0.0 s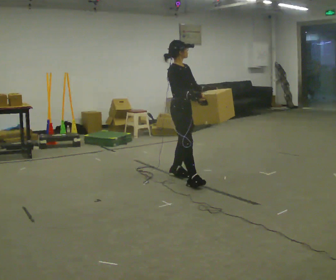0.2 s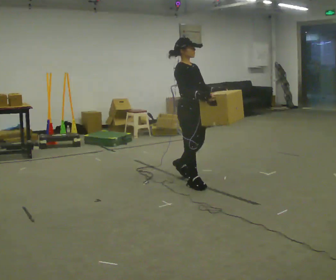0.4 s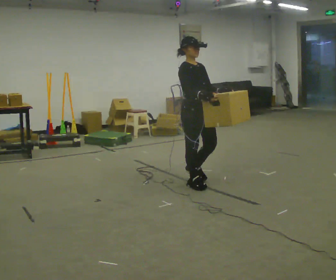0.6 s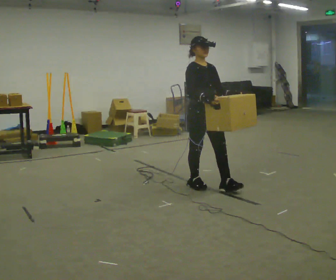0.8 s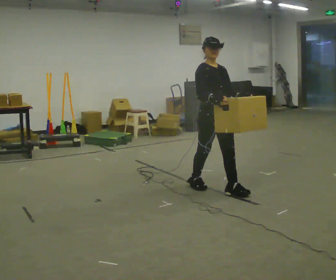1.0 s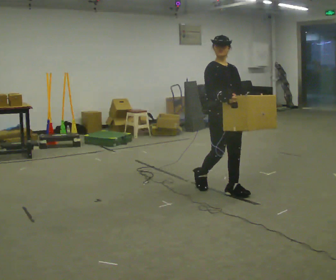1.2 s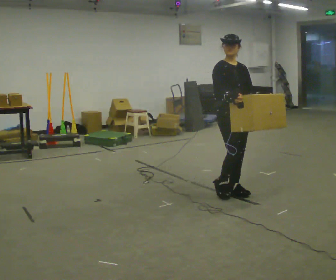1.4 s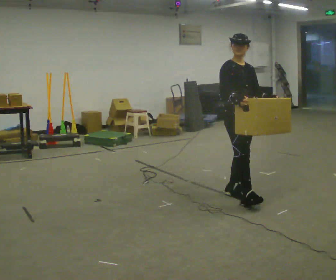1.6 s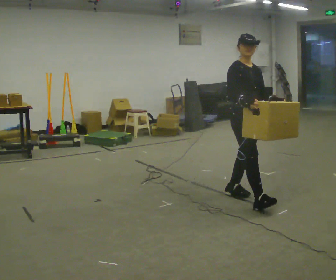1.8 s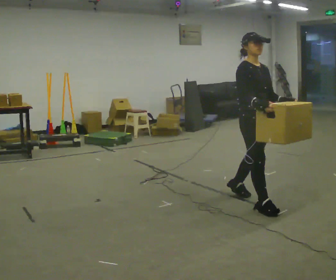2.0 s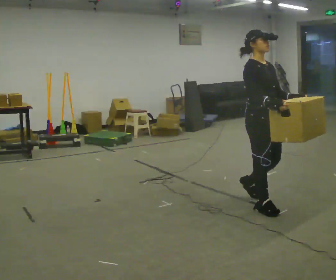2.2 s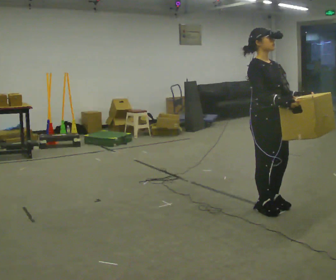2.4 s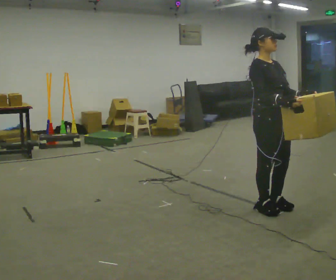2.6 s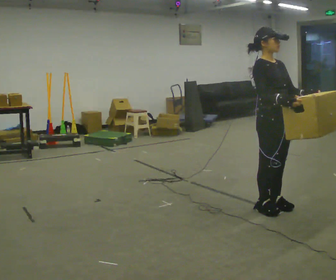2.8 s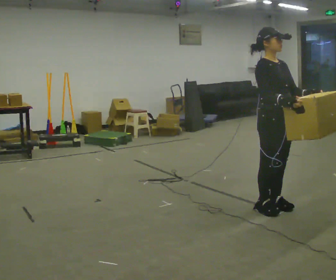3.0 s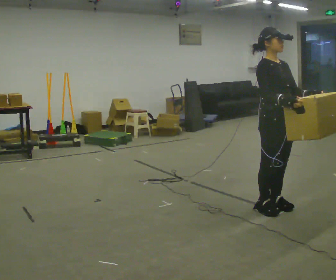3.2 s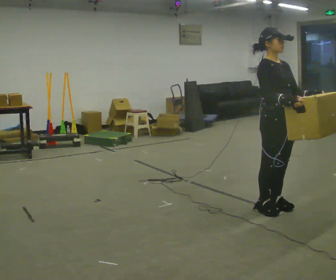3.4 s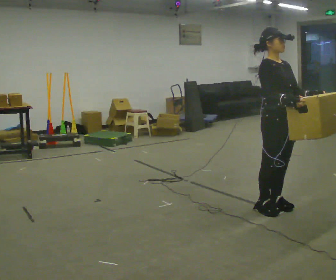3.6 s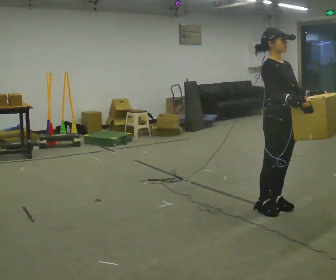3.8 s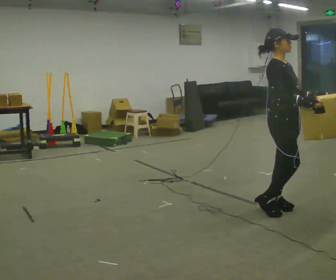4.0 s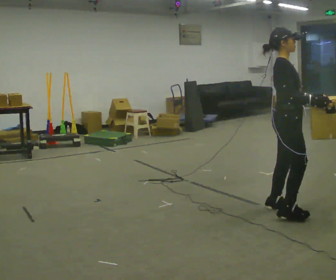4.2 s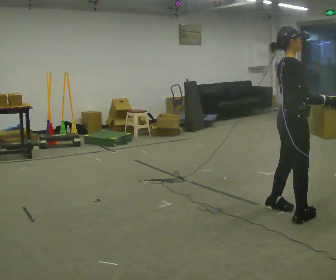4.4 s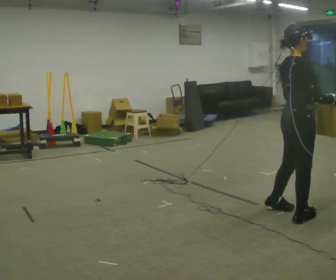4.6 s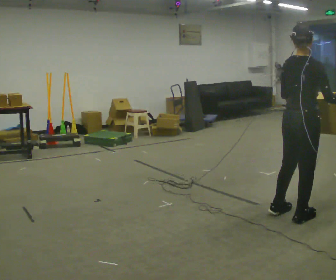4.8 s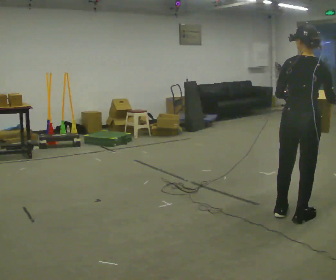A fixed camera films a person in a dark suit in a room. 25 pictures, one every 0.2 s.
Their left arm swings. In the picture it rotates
clockwise.
0.0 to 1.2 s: In the picture they go to the right and toward the camera, about 0.5 m in 1 step, which for them is forward.
1.2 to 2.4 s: In the picture they go toward the camera and to the right, about 0.5 m in 2 steps, which for them is forward.
2.4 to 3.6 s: The person moves a little, or ends about where they began.
3.6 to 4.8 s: The person turns about 120 degrees to their left, counterclockwise seen from above, so the part of the body nearest the lens slides to the right. In the picture they go toward the camera, about 0.25 m in 2 steps. In the picture the upper body tilts clockwise, shoulders to the right. In the picture their right hand goes to the right.
The film runs forward here.
